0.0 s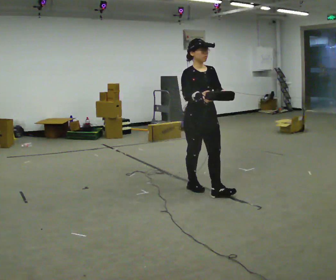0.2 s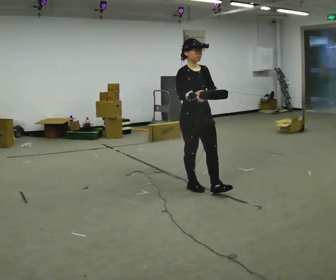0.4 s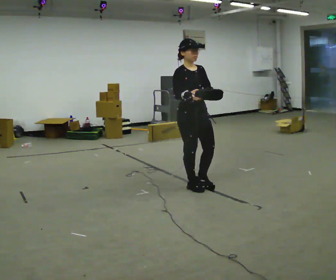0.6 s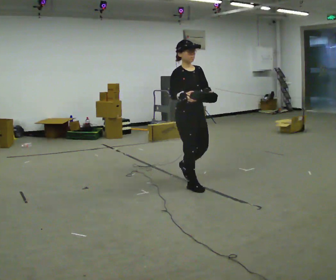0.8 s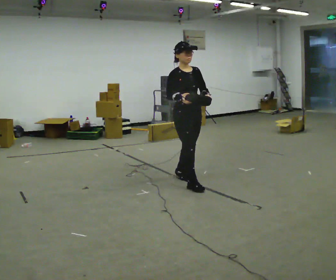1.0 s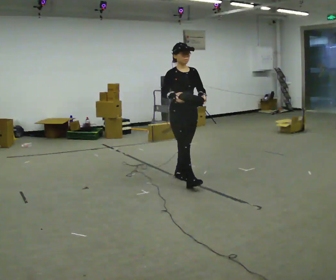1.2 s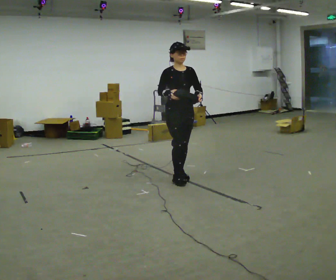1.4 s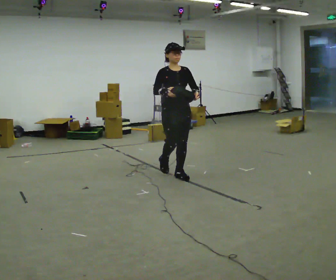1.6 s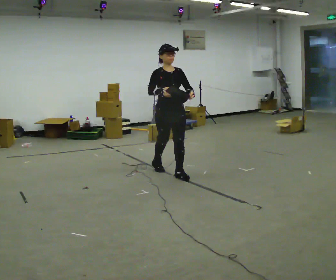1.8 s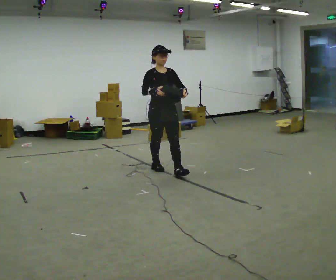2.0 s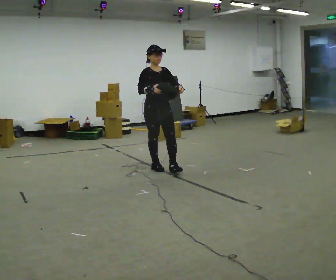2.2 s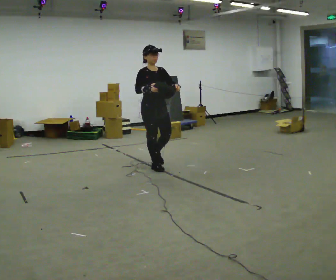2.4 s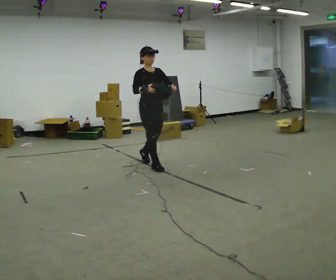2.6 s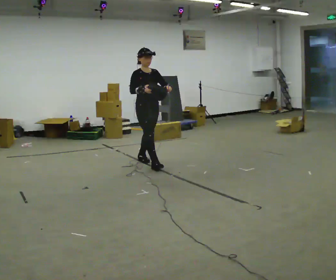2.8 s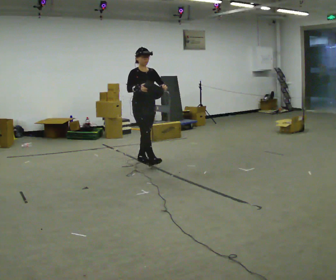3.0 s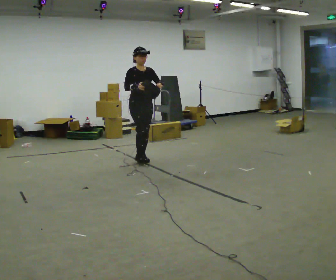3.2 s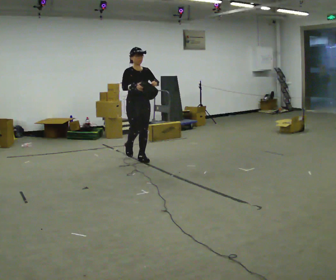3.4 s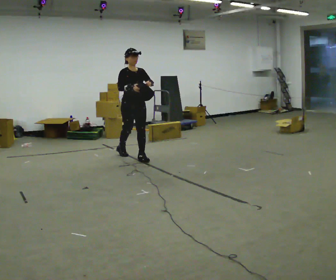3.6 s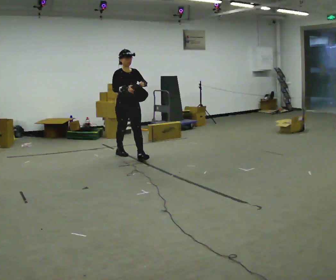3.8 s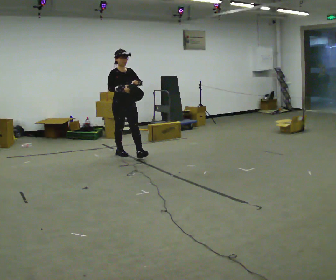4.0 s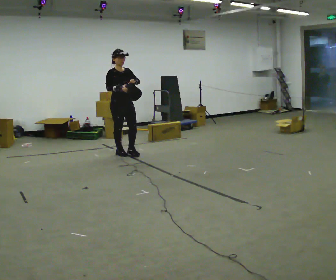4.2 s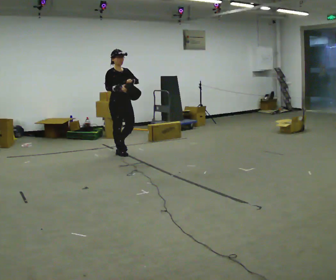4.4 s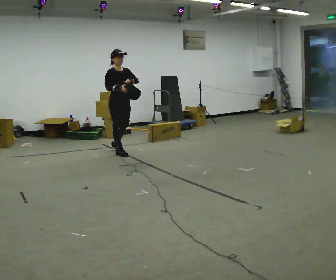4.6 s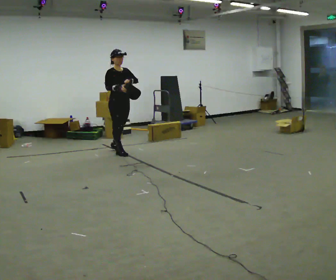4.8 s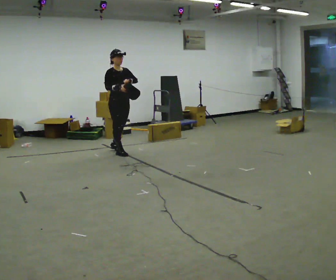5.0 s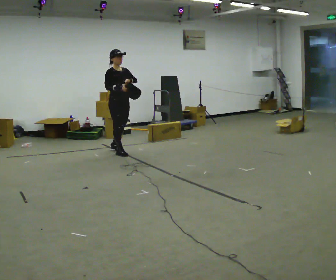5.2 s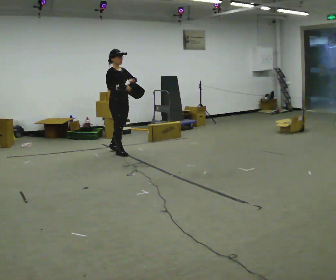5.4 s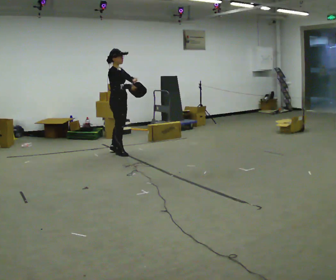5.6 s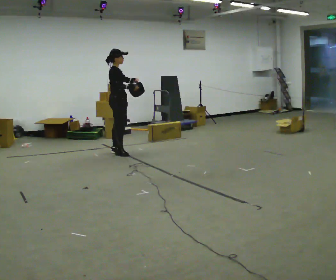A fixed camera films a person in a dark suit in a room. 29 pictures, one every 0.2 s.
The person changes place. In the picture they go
away from the camera.
0.0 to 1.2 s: In the picture they go away from the camera and to the left, about 0.5 m in 2 steps, which for them is backward.
1.2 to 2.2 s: In the picture they go away from the camera and to the left, about 0.5 m in 1 step, which for them is backward.
2.2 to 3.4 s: In the picture they go away from the camera and to the left, about 0.75 m in 1 step, which for them is backward.
3.4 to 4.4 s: In the picture they go away from the camera and to the left, about 0.25 m in 1 step, which for them is backward.
4.4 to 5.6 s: The part of the body nearest the lens slides to the right as the person turns to their left by about 45 degrees.
The film runs backward here.
